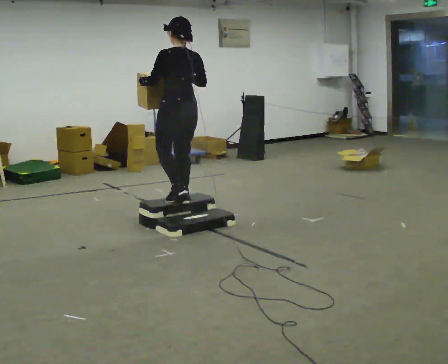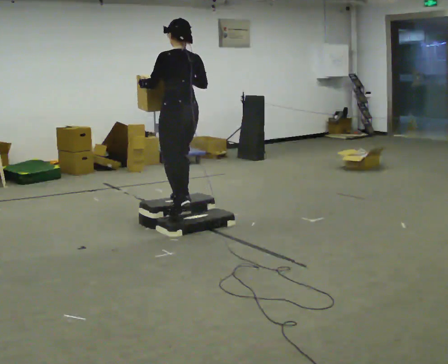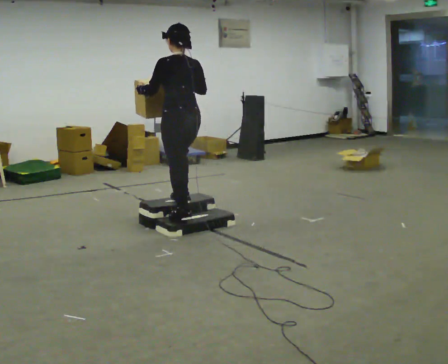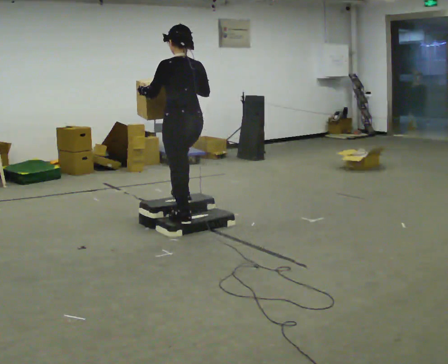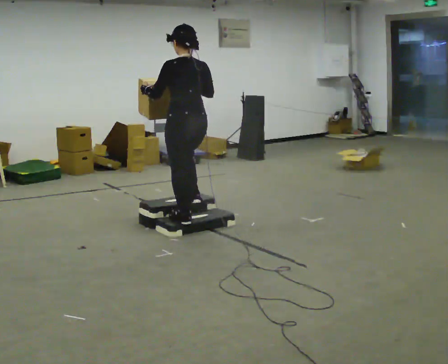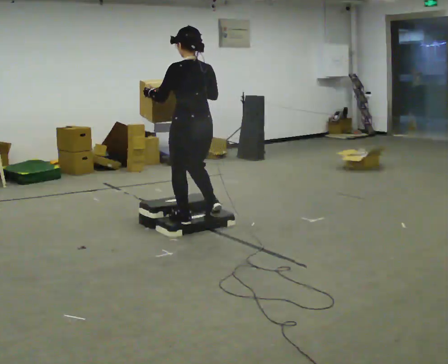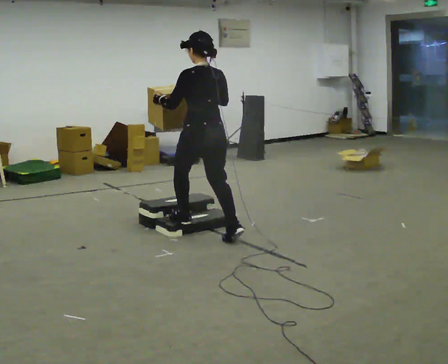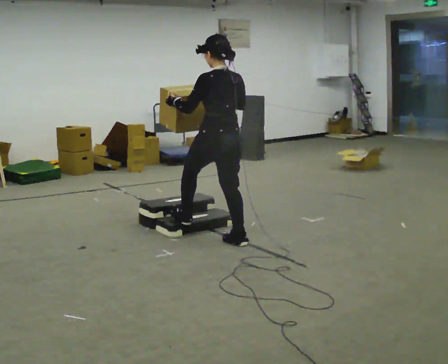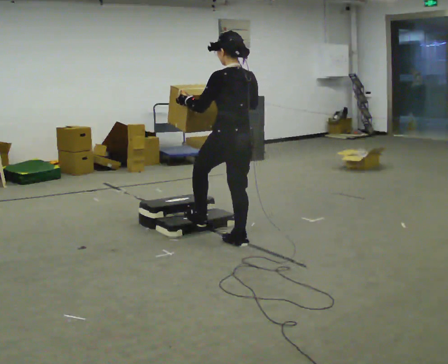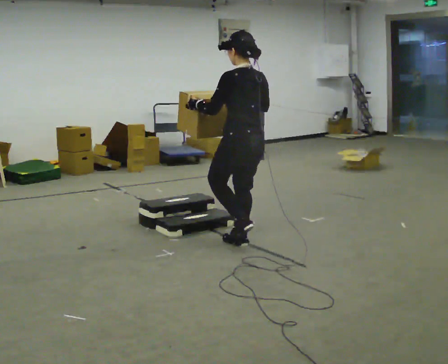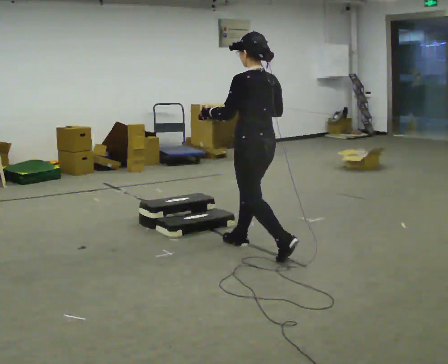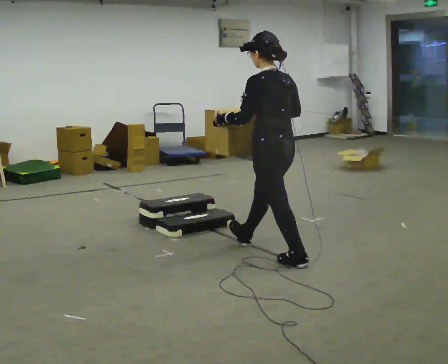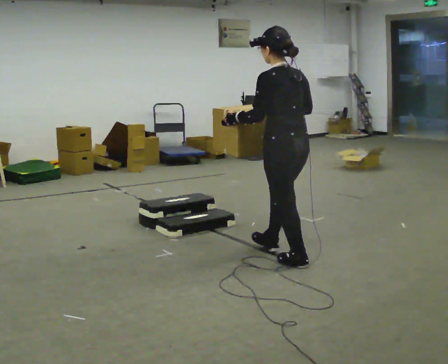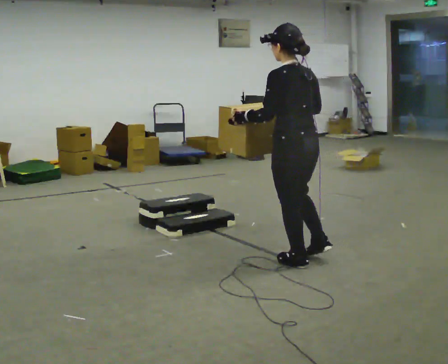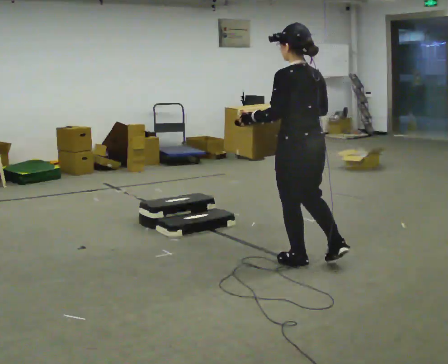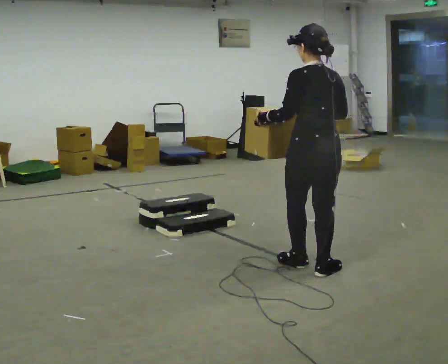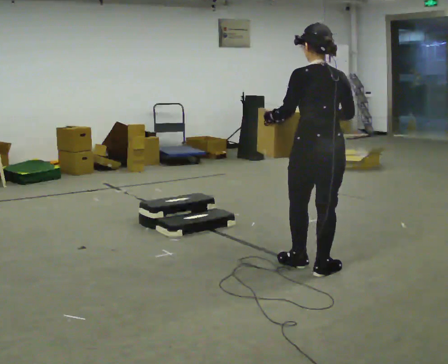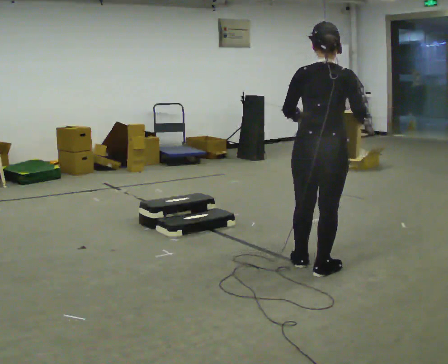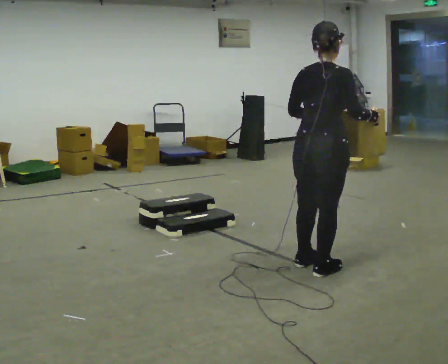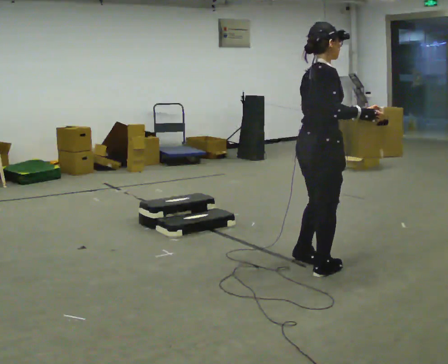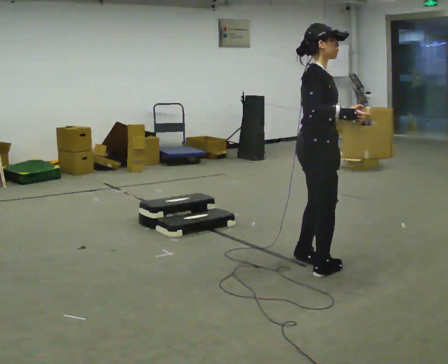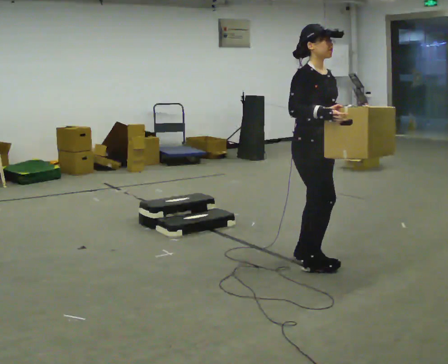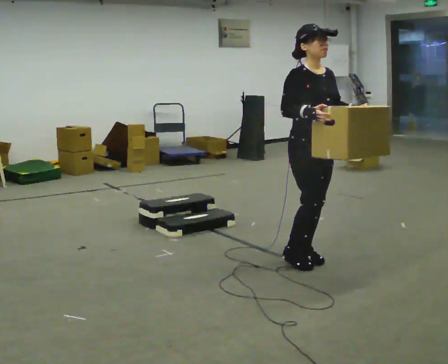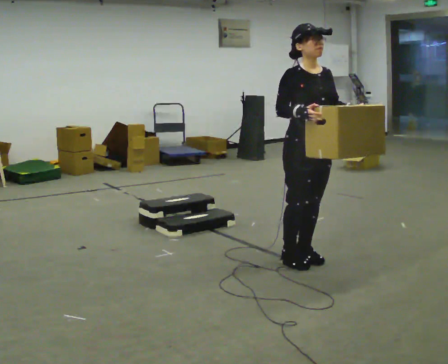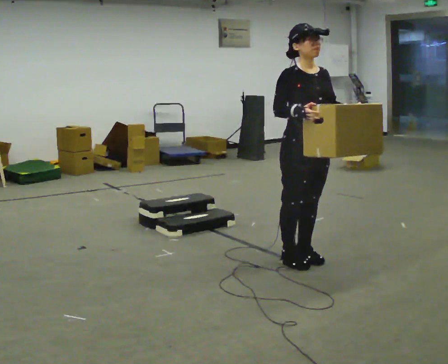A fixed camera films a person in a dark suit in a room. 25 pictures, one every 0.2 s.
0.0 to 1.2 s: In the picture they go toward the camera and to the right, about 0.5 m in 1 step, which for them is backward. The shoulders move downward.
1.2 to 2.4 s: In the picture they go to the right and toward the camera, about 1 m in 2 steps, which for them is backward.
2.4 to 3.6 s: The part of the body nearest the lens slides to the left as the person turns to their right by about 90 degrees. In the picture they go toward the camera and to the right, about 0.25 m.
3.6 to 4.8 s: The person turns about 105 degrees to their right, clockwise seen from above, so the part of the body nearest the lens slides to the left. In the picture they go away from the camera, about 0.25 m in 2 steps.
The film runs backward here.
